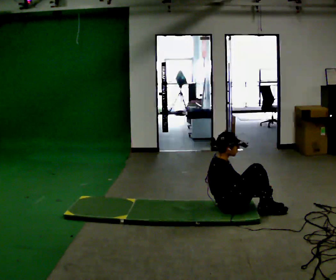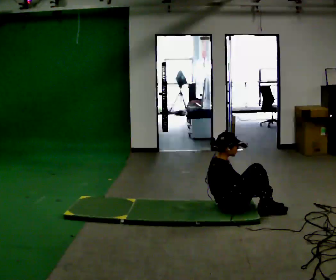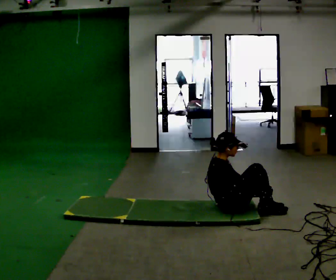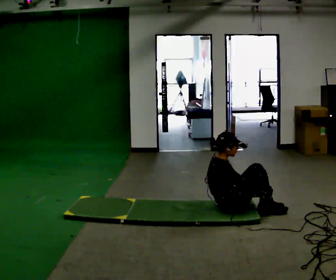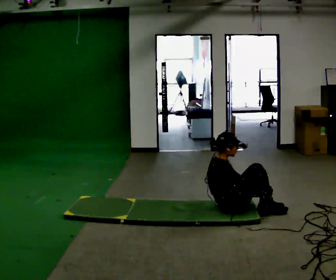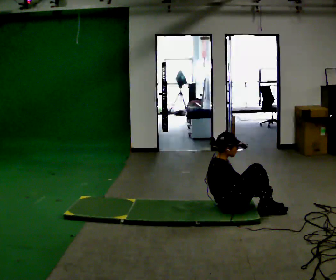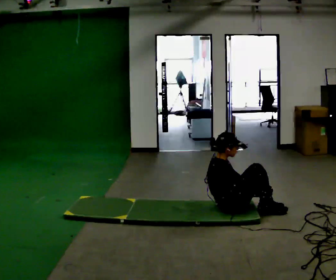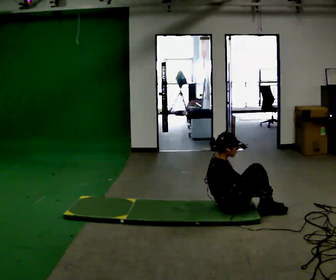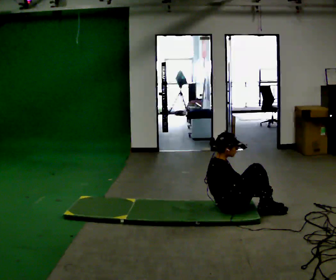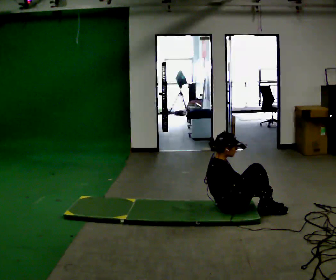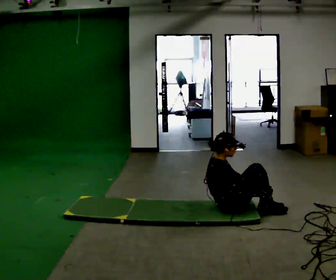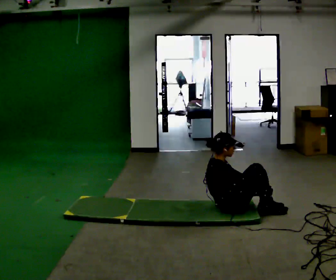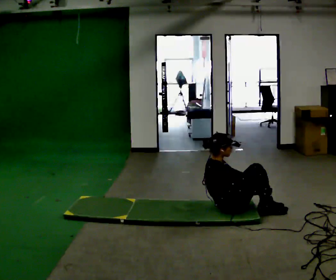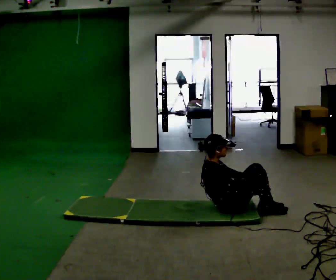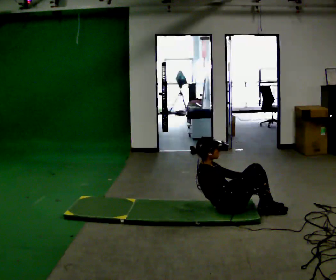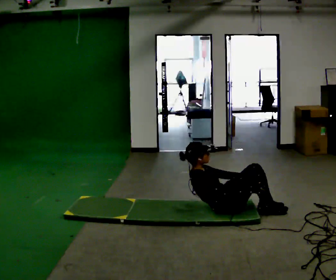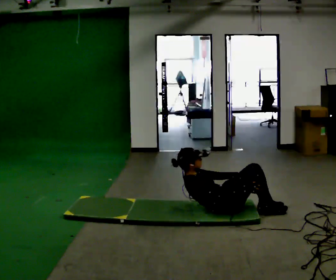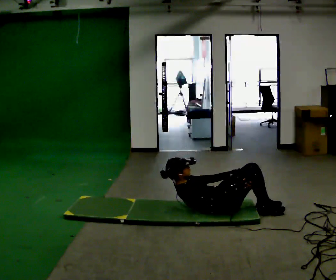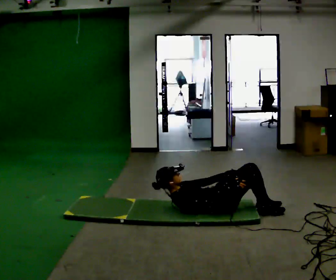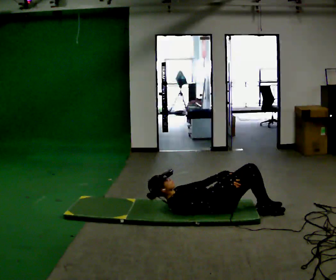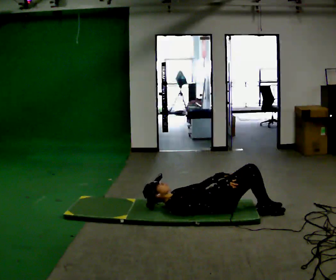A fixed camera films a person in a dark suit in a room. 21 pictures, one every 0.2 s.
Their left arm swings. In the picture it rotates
counterclockwise.
The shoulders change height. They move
downward.
0.0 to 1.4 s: The person keeps their place and pose.
1.4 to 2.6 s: The person moves a little, or ends about where they began.
2.6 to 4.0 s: The upper body goes downward. In the picture the upper body tilts counterclockwise, shoulders to the left, as they lean back or straighten. In the picture their left hand goes to the left, the arm swinging counterclockwise.
The film runs forward here.
